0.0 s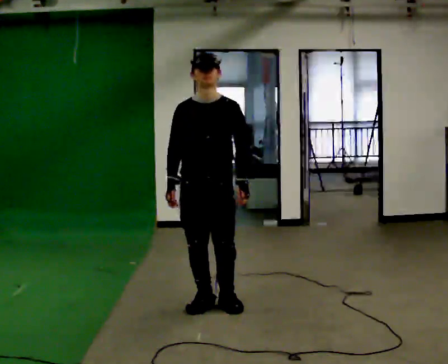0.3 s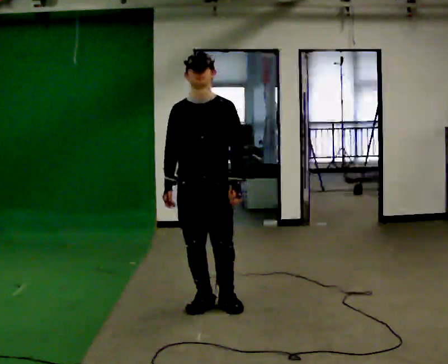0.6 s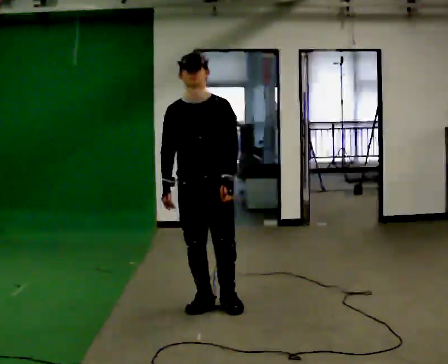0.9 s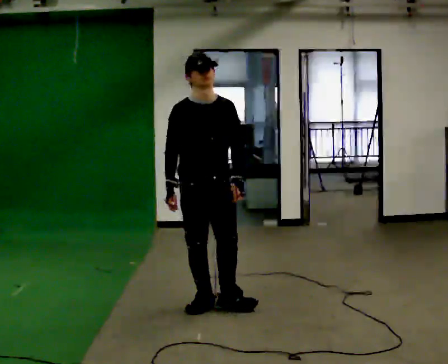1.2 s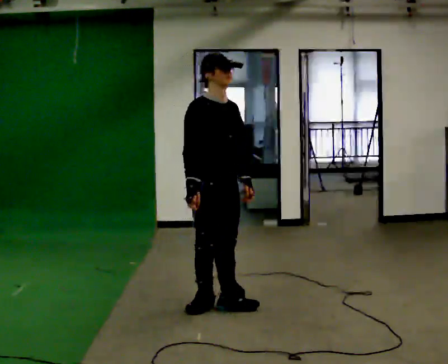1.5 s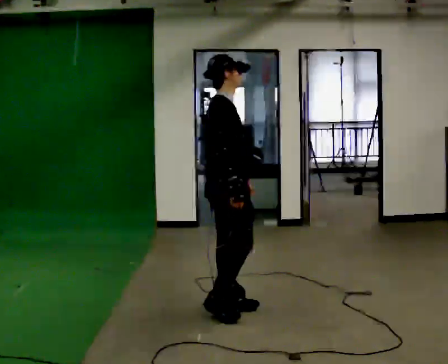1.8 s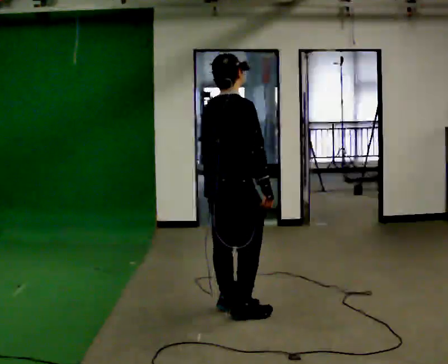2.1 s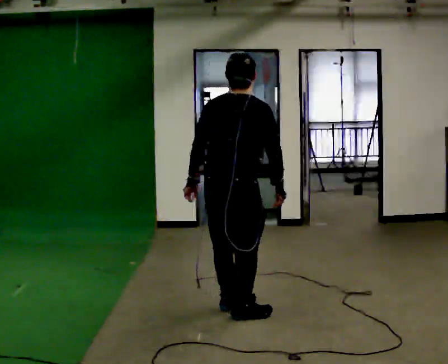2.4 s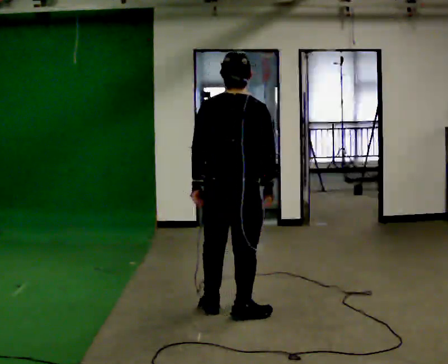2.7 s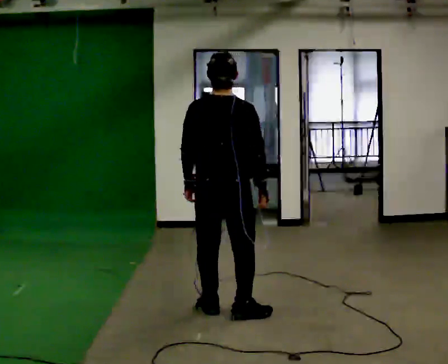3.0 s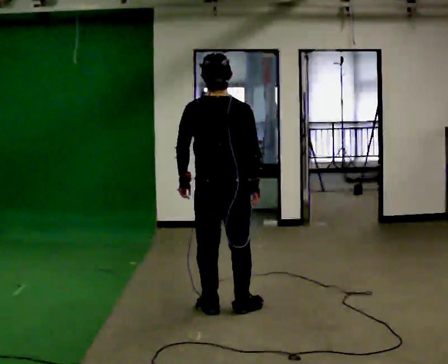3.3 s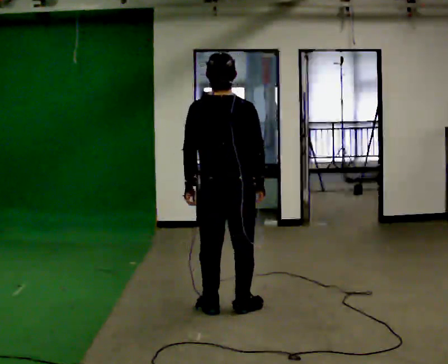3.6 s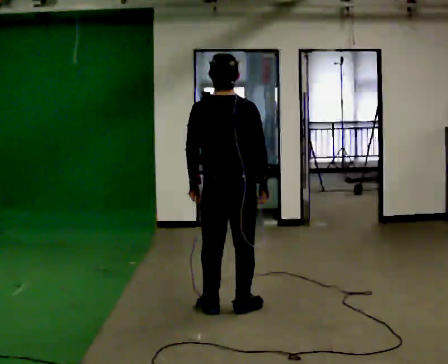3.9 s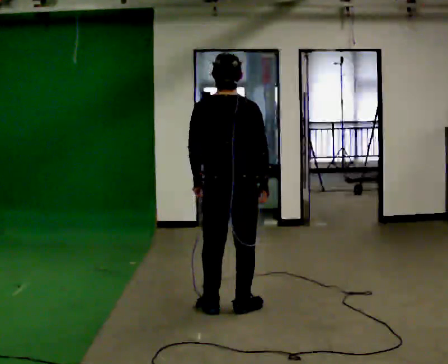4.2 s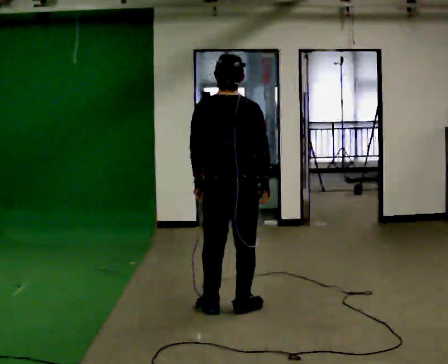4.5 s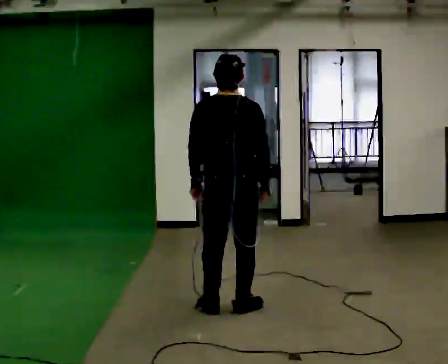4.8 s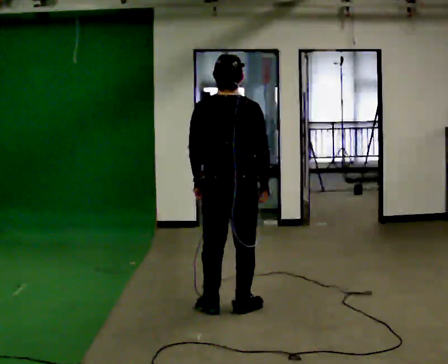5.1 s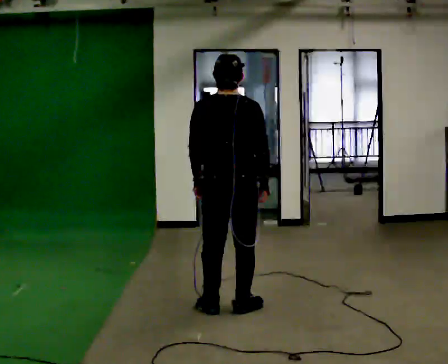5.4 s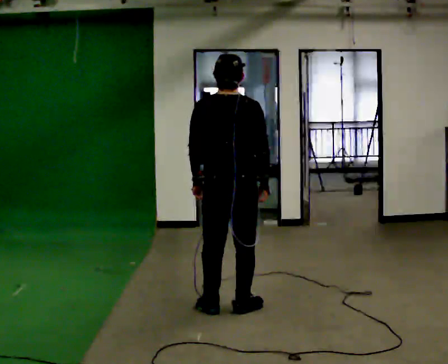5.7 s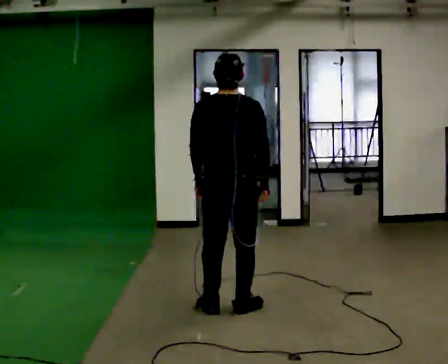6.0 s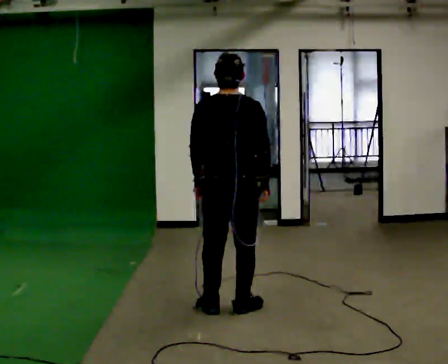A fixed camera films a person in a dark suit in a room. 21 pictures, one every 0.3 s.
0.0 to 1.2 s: The part of the body nearest the lens slides to the right as the person turns to their left by about 45 degrees.
1.2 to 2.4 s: The person turns about 120 degrees to their left, counterclockwise seen from above, so the part of the body nearest the lens slides to the right. In the picture they go toward the camera, about 0.25 m in 1 step. In the picture their left hand goes to the left, the arm swinging clockwise.
2.4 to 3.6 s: In the picture they go away from the camera, about 0.25 m, which for them is forward.
3.6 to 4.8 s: The person moves a little, or ends about where they began.
4.8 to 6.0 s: The person keeps their place and pose.
The film runs forward here.
